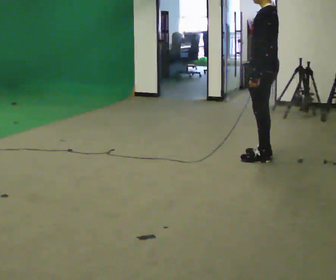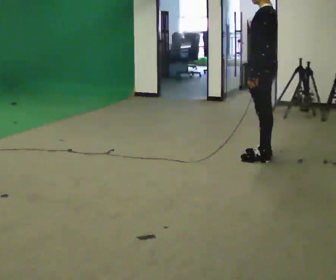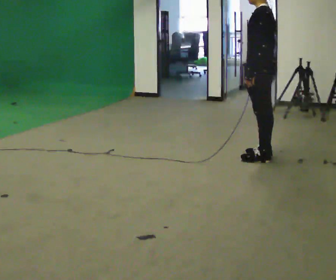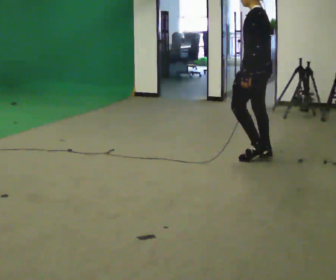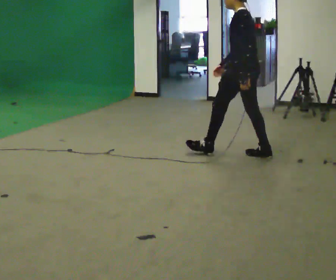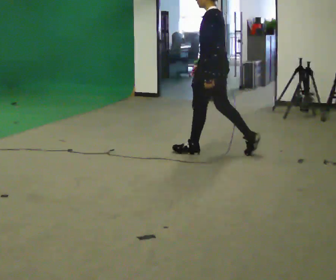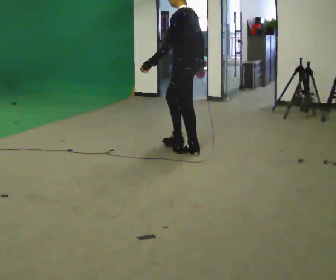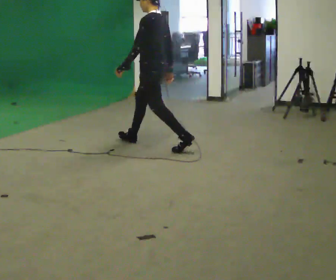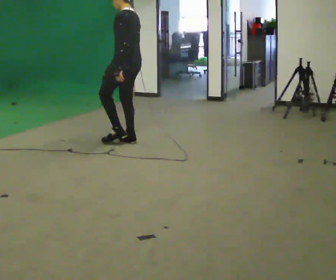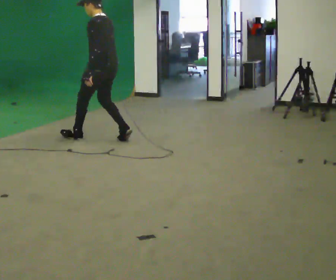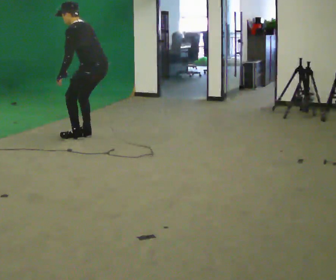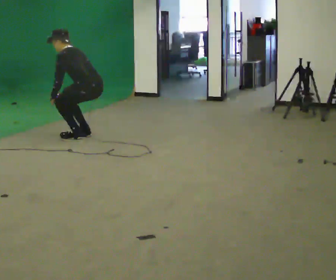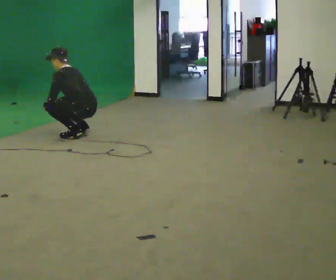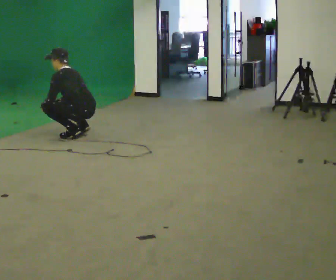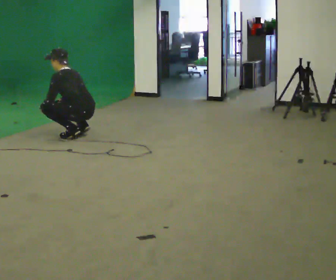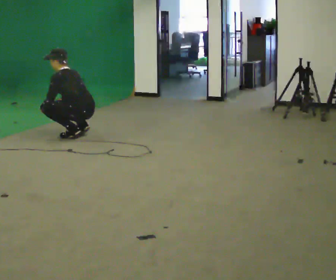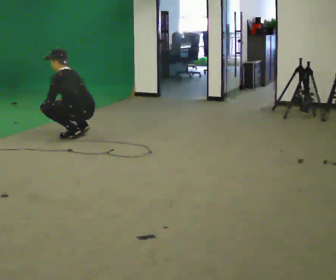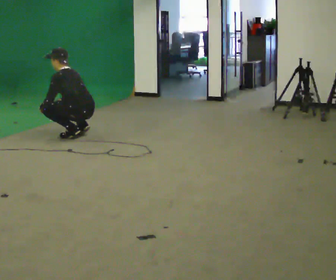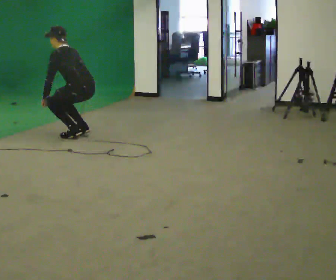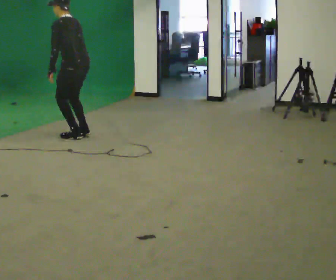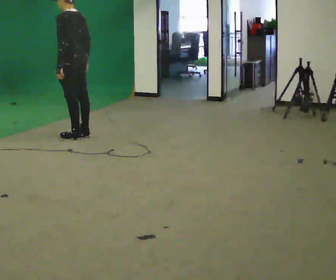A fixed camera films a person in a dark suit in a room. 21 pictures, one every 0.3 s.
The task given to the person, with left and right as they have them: Walk; crouch comfortably at marker; remain briefly; stand and continue.
0.0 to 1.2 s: In the picture they go away from the camera, about 0.25 m, which for them is forward. In the picture their right hand goes to the left.
1.2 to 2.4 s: In the picture they go to the left and away from the camera, about 1.5 m in 2 steps, which for them is forward.
2.4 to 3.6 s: In the picture they go to the left and away from the camera, about 0.5 m in 2 steps, which for them is forward. The shoulders move downward. In the picture the upper body tilts counterclockwise, shoulders to the left, as they bend forward. In the picture their left hand goes downward.
3.6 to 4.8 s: The person moves a little, or ends about where they began.
4.8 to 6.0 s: The upper body goes upward. In the picture the upper body tilts clockwise, shoulders to the right, as they lean back or straighten. In the picture their right hand goes upward.
The film runs forward here.
